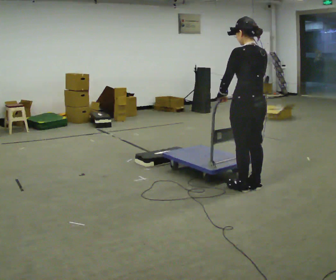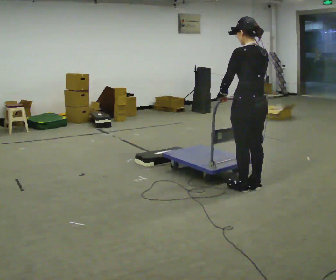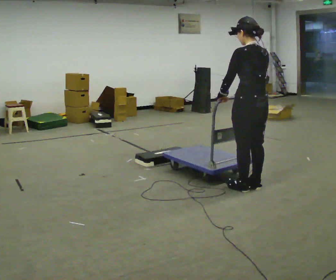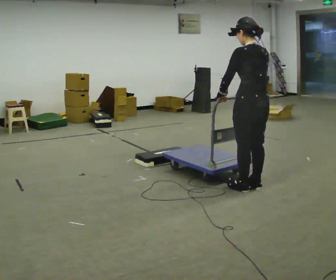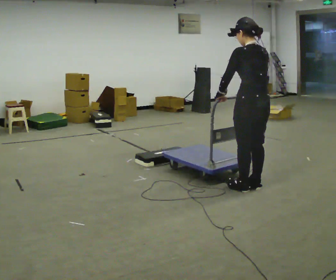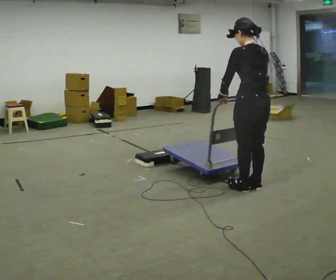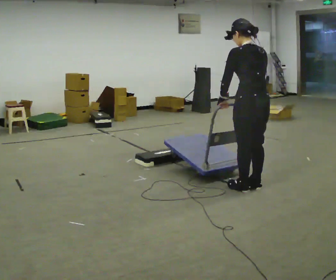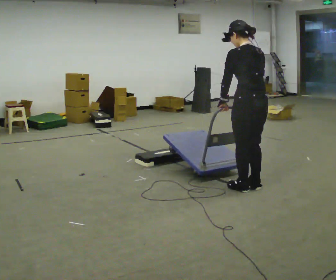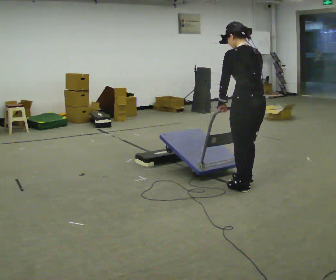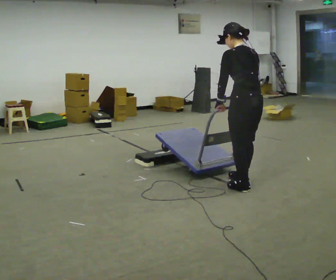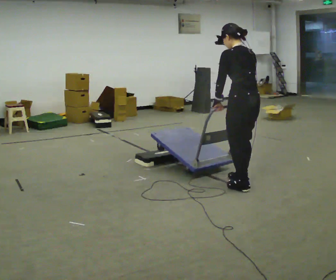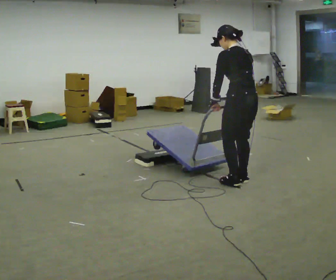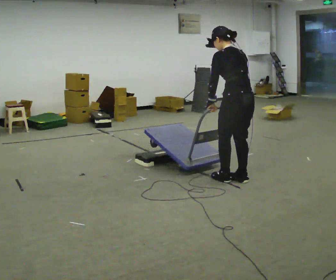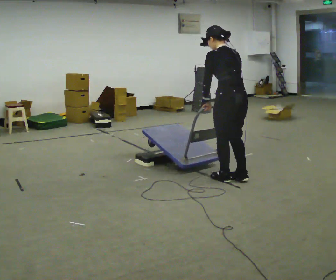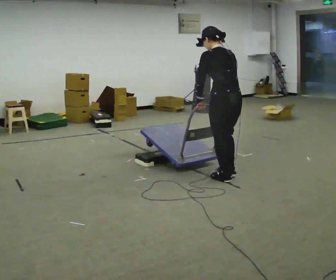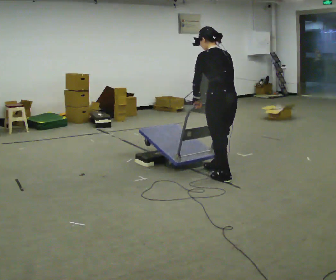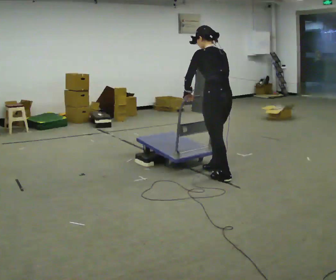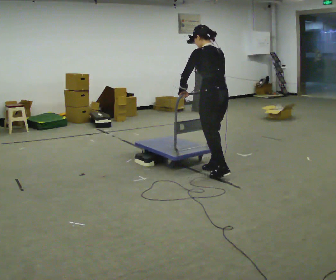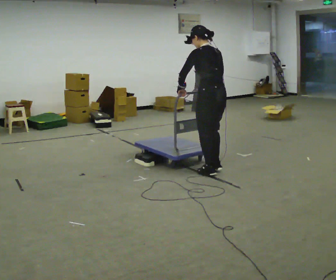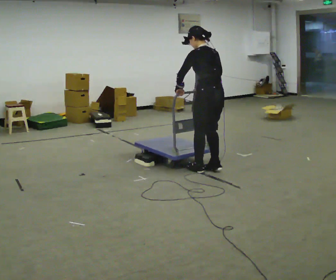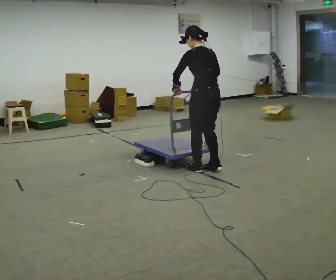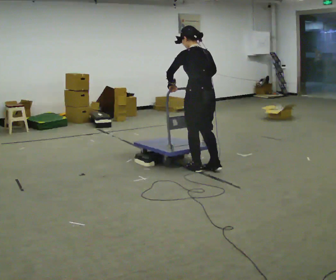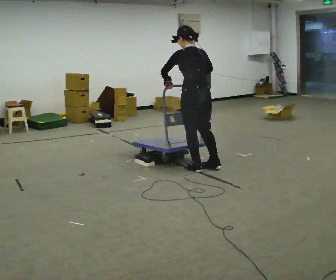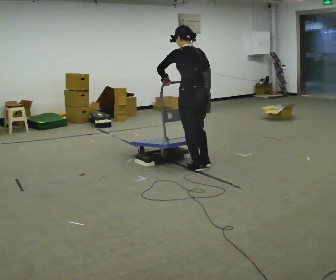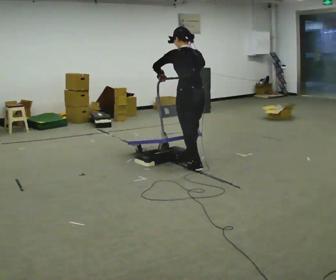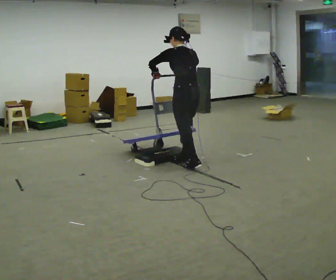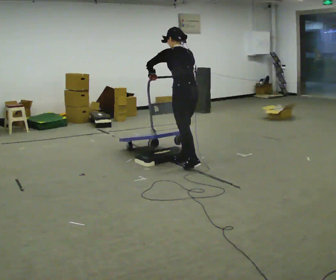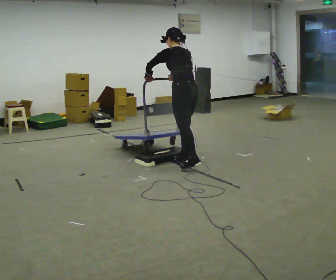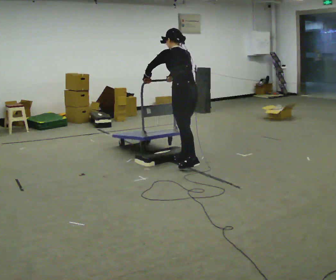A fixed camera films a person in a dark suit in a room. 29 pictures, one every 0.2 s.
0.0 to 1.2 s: The person moves a little, or ends about where they began.
1.2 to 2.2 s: In the picture they go away from the camera, about 0.25 m in 2 steps, which for them is forward.
2.2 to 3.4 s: In the picture they go away from the camera and to the left, about 0.5 m in 2 steps, which for them is forward.
3.4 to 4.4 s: In the picture they go to the left, about 0.25 m in 1 step, which for them is forward.
4.4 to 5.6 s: In the picture they go away from the camera and to the left, about 0.25 m, which for them is forward. In the picture their right hand goes to the left.
The film runs backward here.
